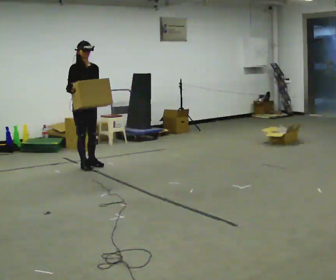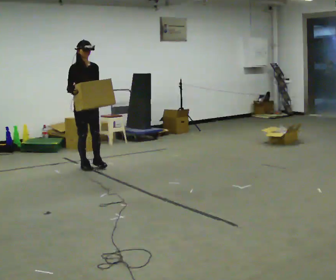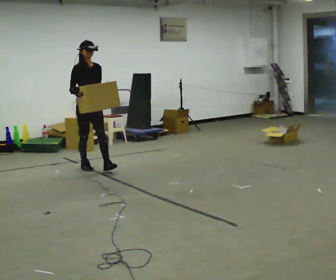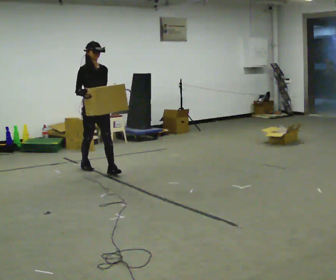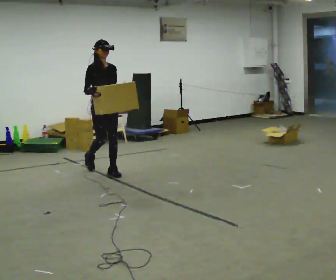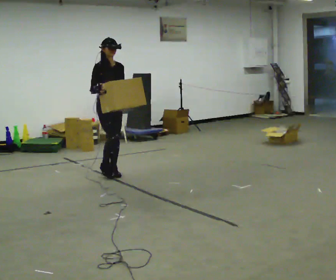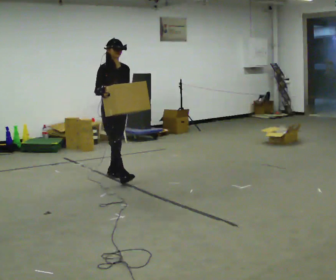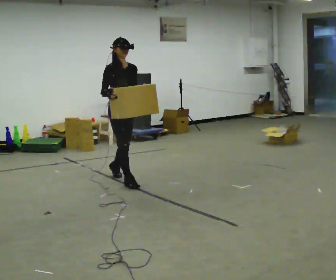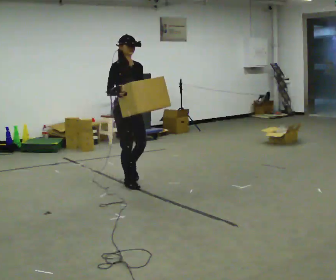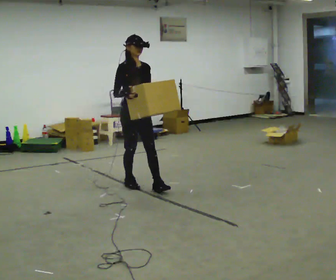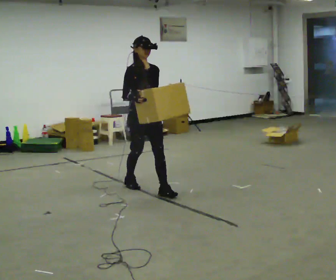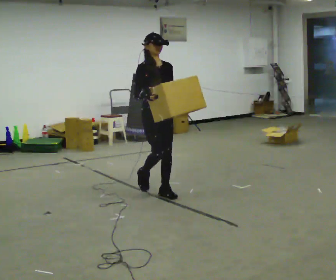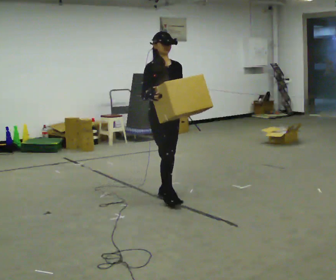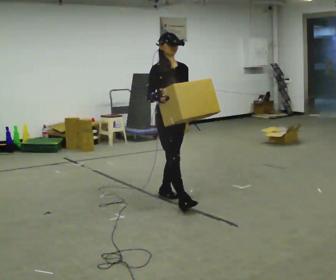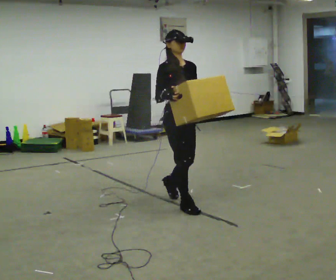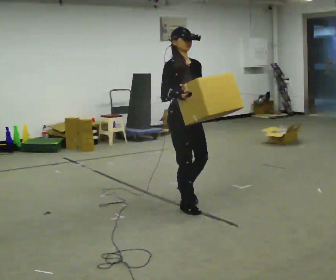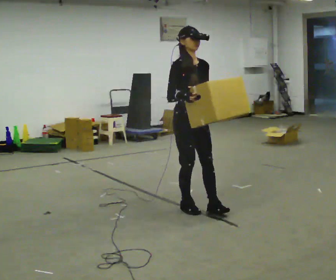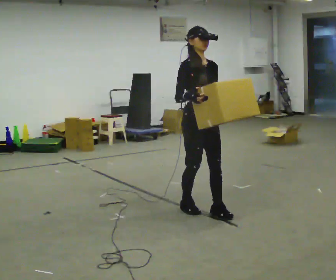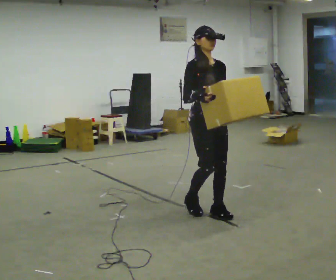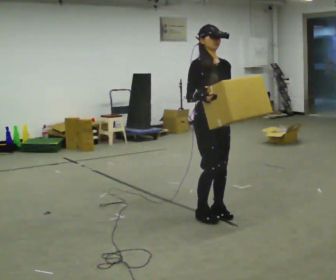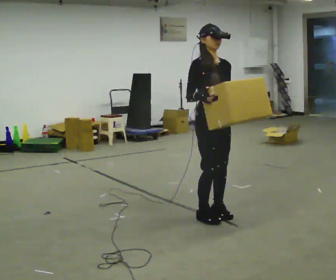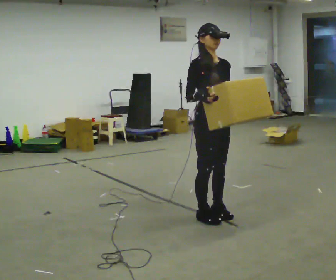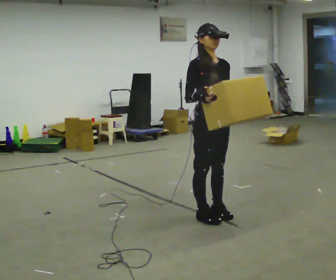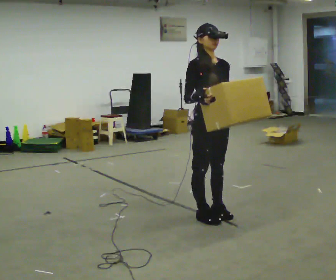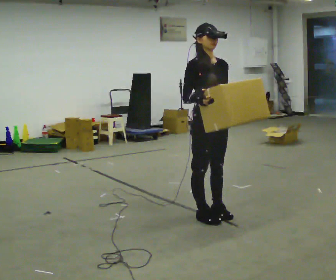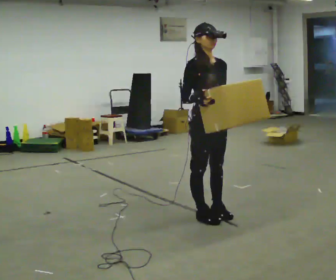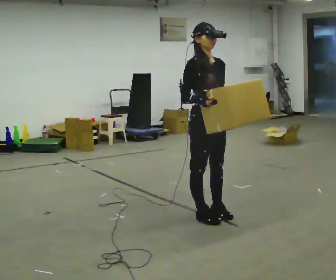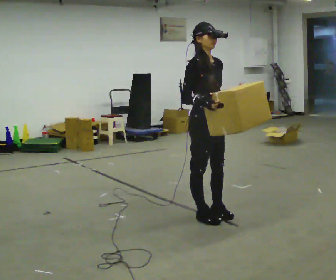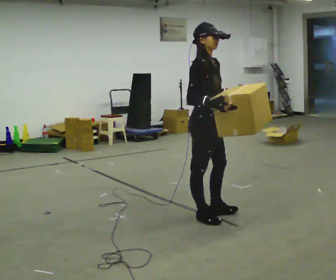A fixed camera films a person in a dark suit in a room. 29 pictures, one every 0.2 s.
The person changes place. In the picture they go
toward the camera.
0.0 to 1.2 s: In the picture they go toward the camera and to the right, about 0.75 m in 1 step, which for them is forward.
1.2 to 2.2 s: In the picture they go toward the camera and to the right, about 1 m in 2 steps, which for them is forward.
2.2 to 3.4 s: In the picture they go toward the camera and to the right, about 0.5 m in 2 steps, which for them is forward.
3.4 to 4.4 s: In the picture they go toward the camera, about 0.25 m in 1 step, which for them is forward.
4.4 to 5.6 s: The person turns about 30 degrees to their left, counterclockwise seen from above, so the part of the body nearest the lens slides to the right.
The film runs forward here.
